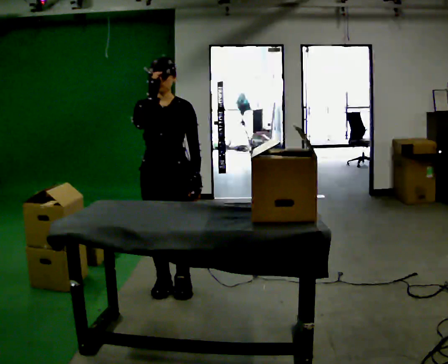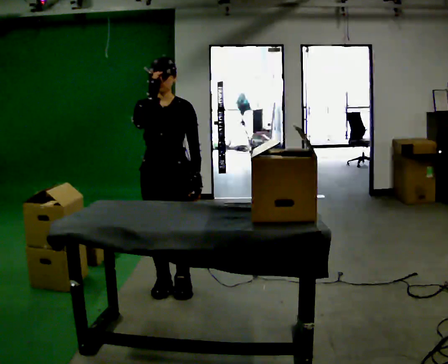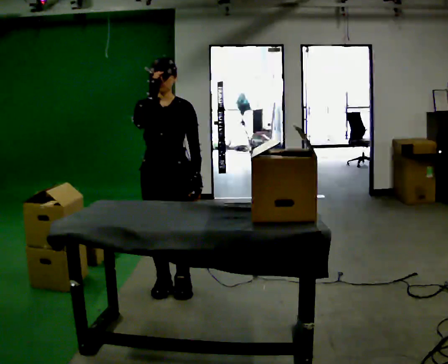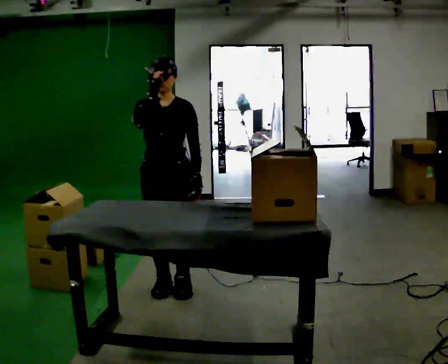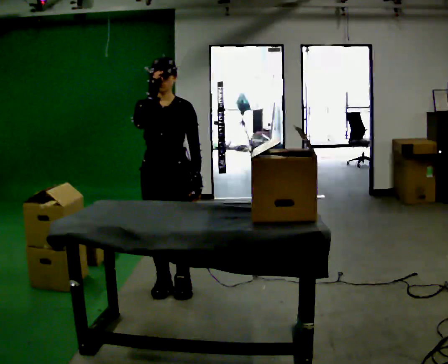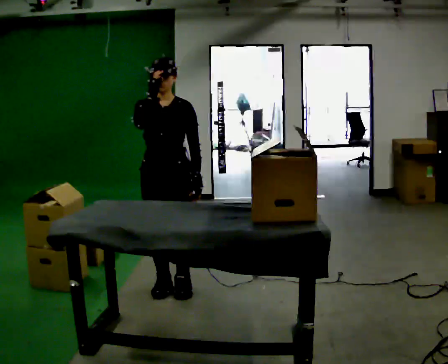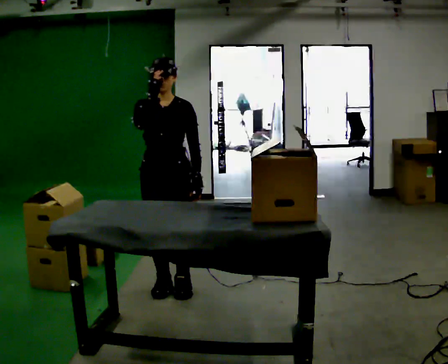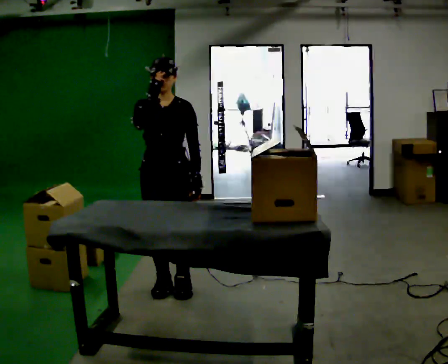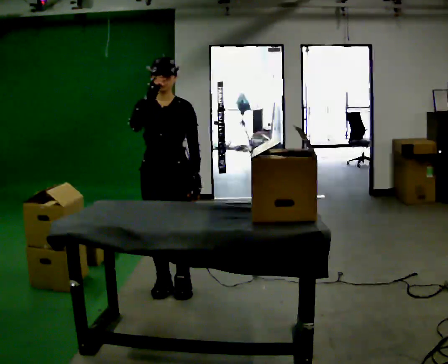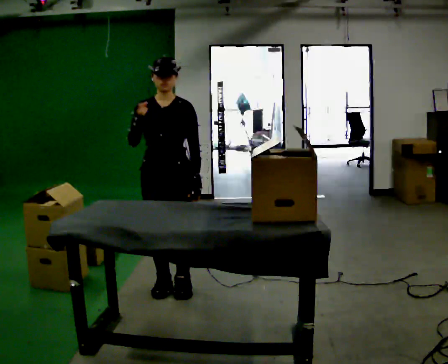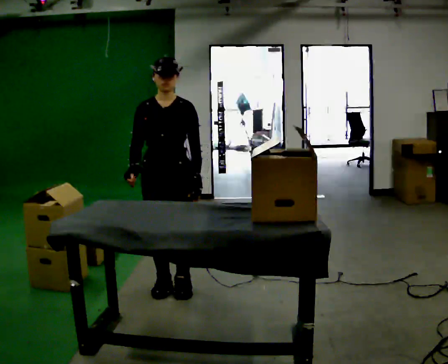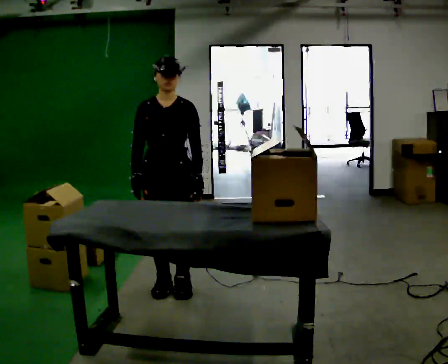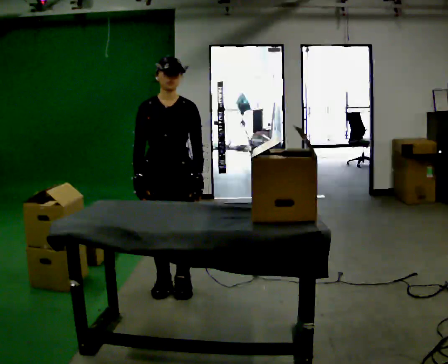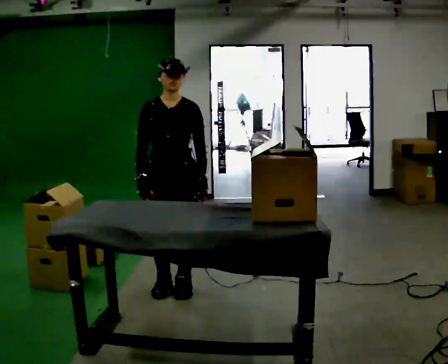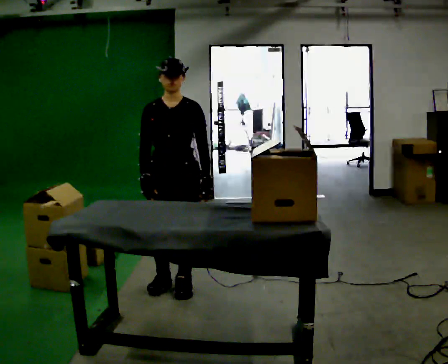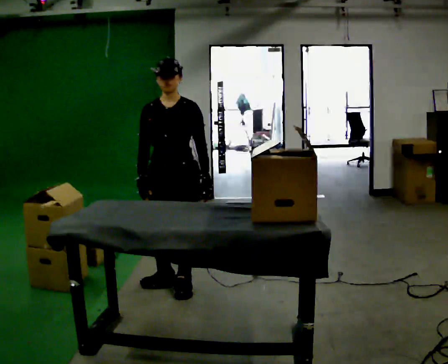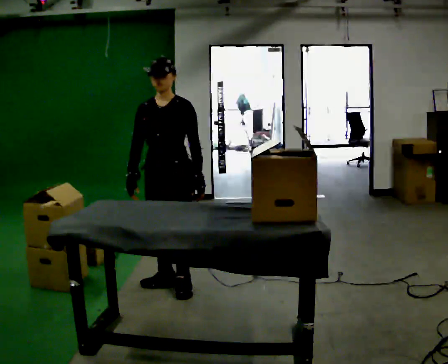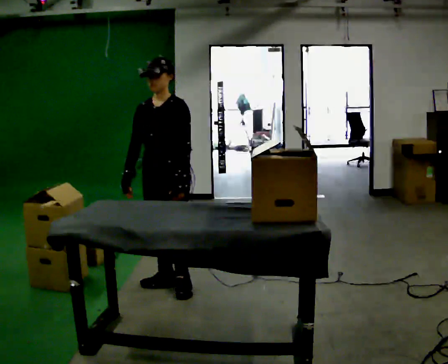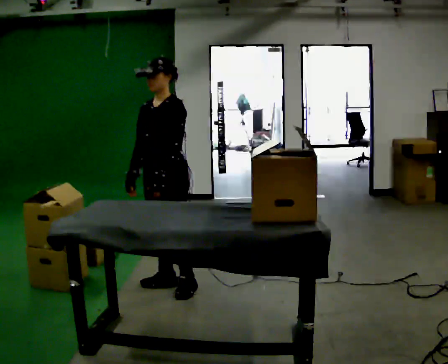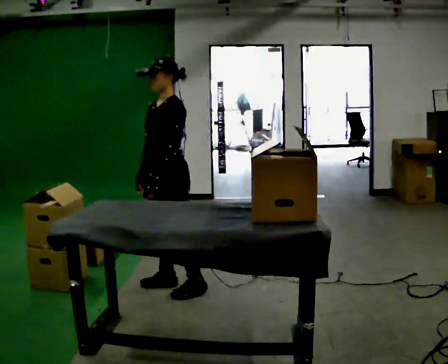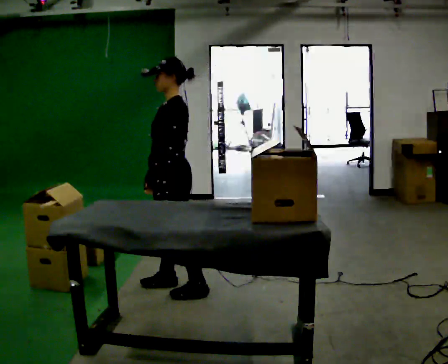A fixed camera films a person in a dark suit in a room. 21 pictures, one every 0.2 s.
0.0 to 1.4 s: The person keeps their place and pose.
1.4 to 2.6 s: In the picture their right hand goes downward.
2.6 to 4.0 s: The part of the body nearest the lens slides to the left as the person turns to their right by about 75 degrees.
The film runs backward here.
